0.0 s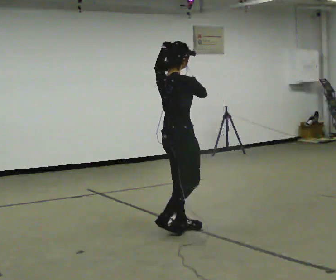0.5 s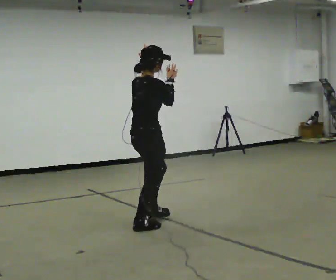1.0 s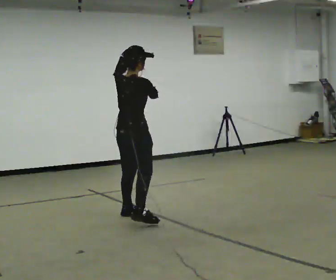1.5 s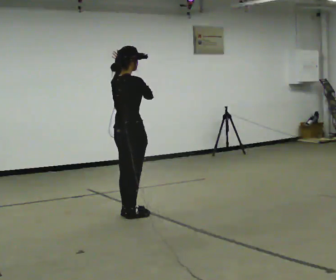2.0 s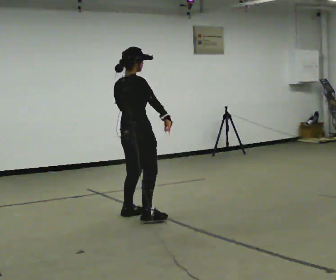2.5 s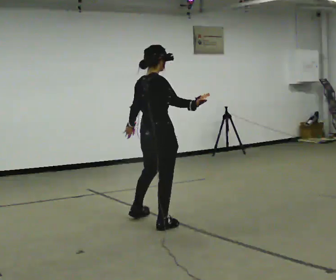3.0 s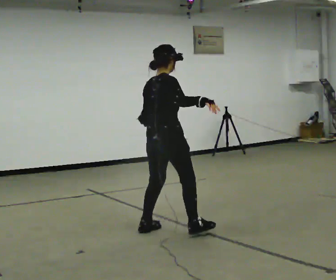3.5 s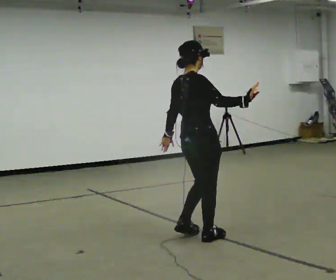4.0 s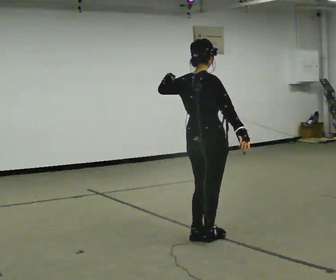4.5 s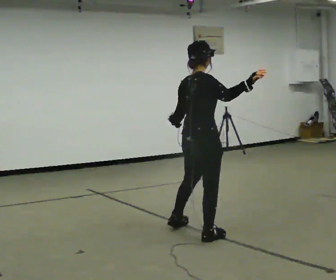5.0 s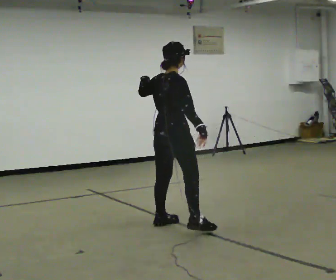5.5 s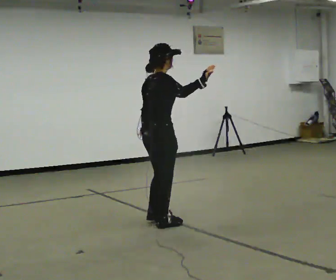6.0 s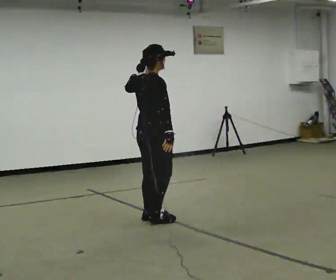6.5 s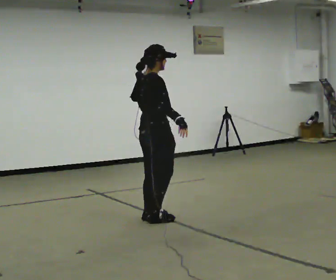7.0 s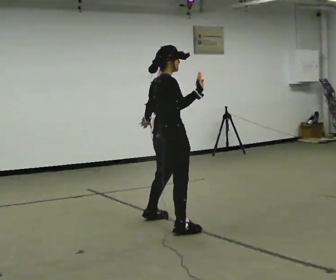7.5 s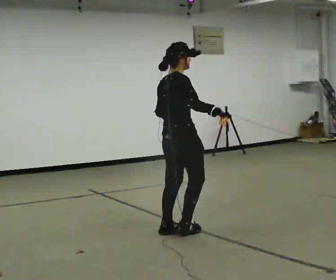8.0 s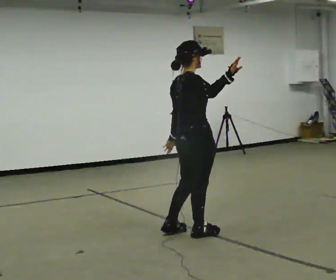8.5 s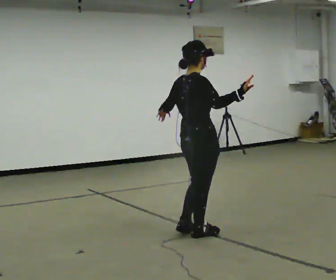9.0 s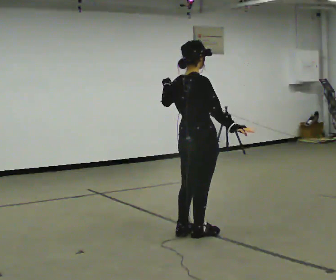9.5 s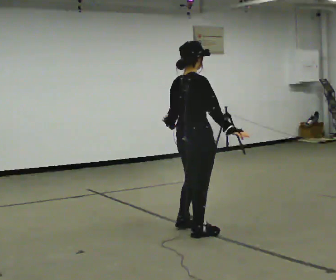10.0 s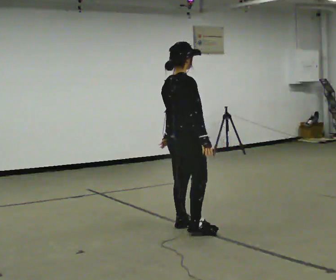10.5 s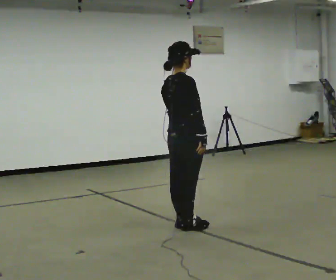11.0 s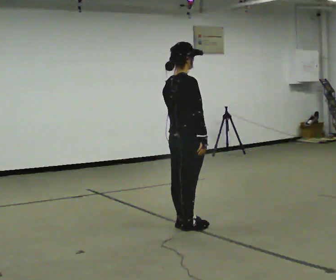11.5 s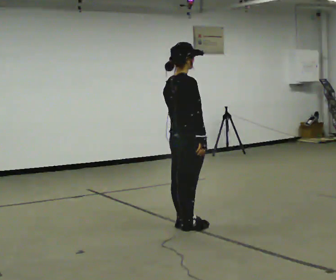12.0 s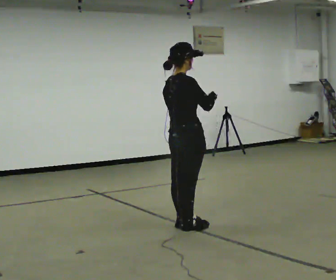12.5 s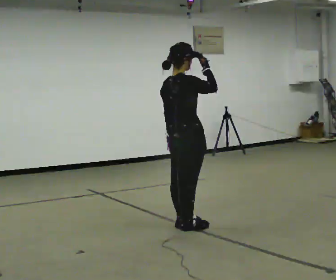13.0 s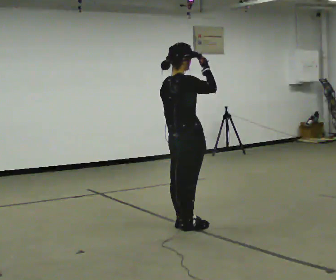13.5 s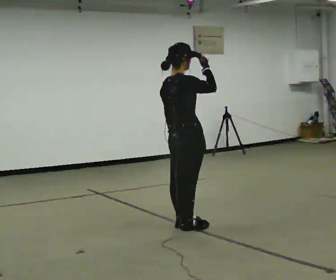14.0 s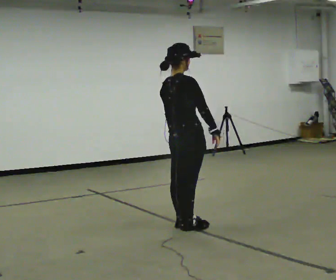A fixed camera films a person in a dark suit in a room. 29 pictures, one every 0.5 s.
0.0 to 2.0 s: In the picture they go away from the camera and to the left, about 0.5 m in 3 steps, which for them is to their left.
2.0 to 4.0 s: In the picture they go toward the camera and to the right, about 1 m in 4 steps, which for them is to their right.
4.0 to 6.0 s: In the picture they go away from the camera and to the left, about 1 m in 3 steps, which for them is to their left.
6.0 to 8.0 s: In the picture they go toward the camera and to the right, about 0.75 m in 4 steps, which for them is to their right. In the picture their left hand goes downward.
8.0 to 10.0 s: In the picture they go away from the camera, about 0.25 m in 1 step, which for them is to their left. In the picture their right hand goes downward.
10.0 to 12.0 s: In the picture their right hand goes upward.
12.0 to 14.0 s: In the picture their right hand goes downward.
The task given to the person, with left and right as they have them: Move however you like, changing style and tempo as you go; keep moving continuously.
The film runs forward here.
